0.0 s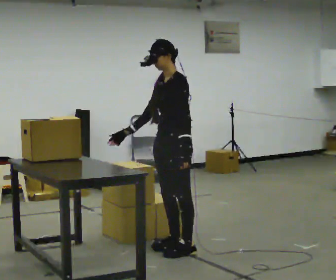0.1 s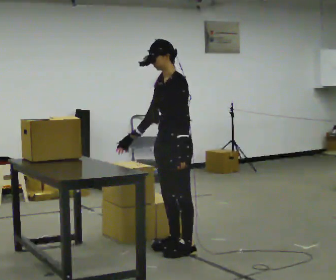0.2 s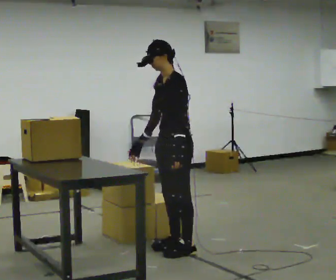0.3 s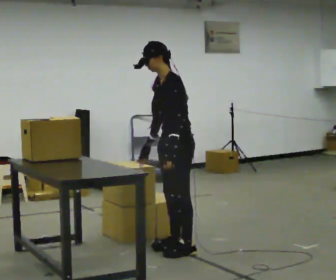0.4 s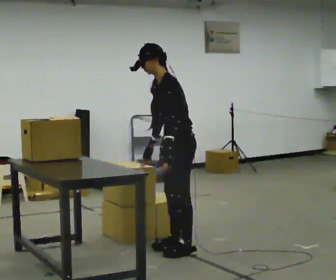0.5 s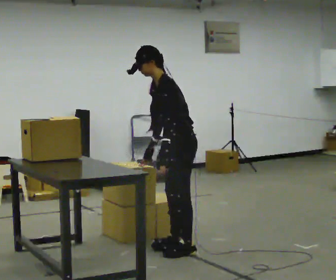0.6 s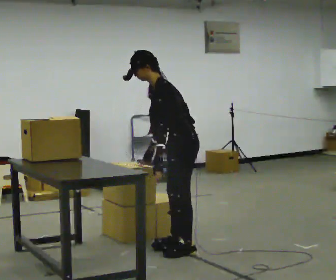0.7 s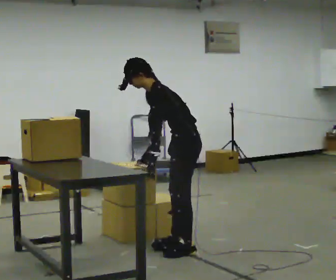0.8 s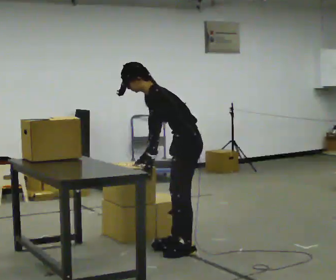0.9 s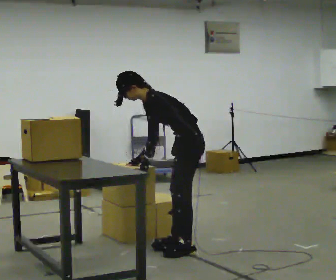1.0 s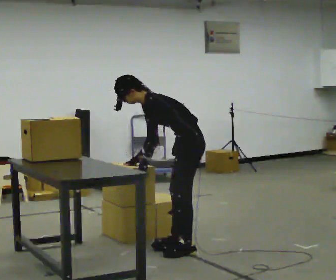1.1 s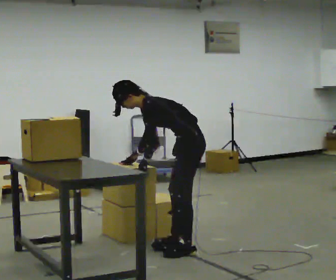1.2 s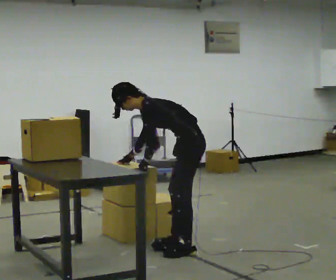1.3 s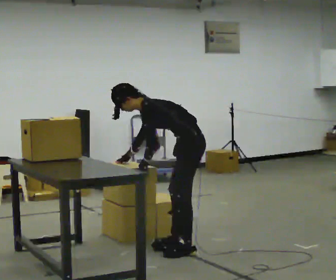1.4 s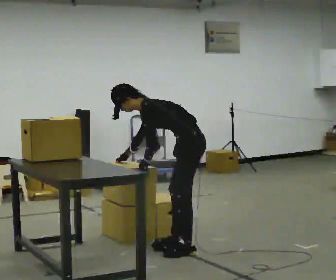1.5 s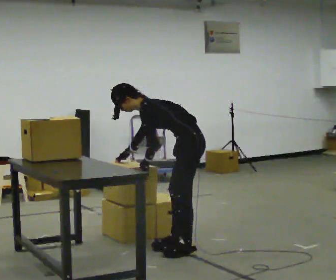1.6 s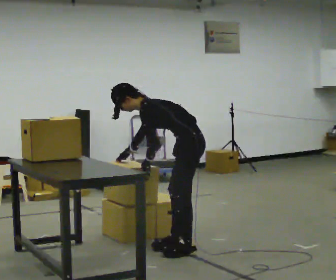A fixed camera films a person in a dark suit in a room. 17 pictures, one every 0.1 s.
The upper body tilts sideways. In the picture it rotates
counterclockwise.
0.0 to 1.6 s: The person turns about 45 degrees to their right, clockwise seen from above, so the part of the body nearest the lens slides to the left. The shoulders move downward. In the picture the upper body tilts counterclockwise, shoulders to the left, as they bend forward. In the picture their left hand goes to the left.
The film runs backward here.
